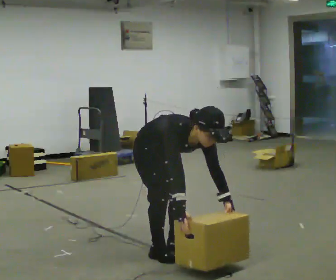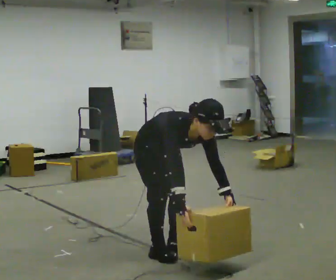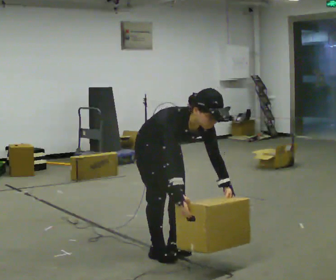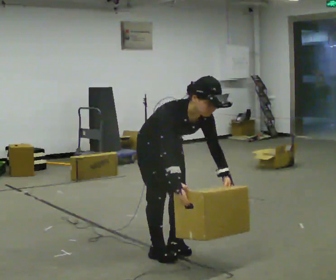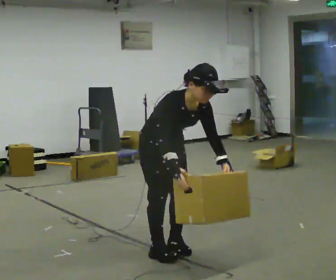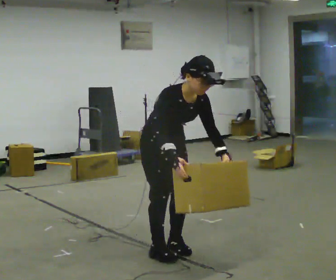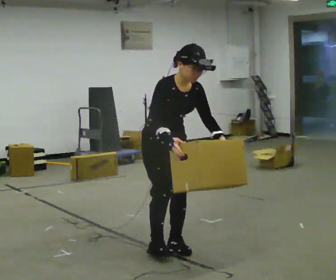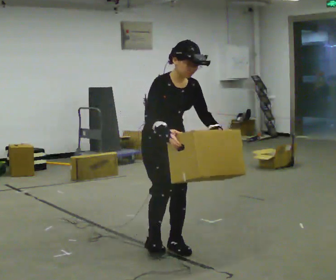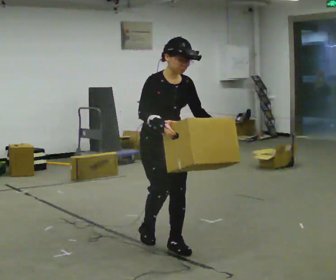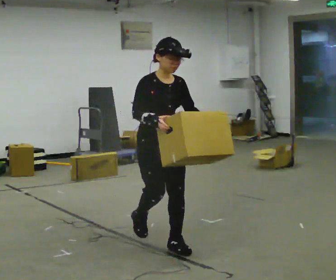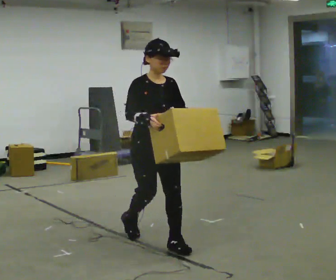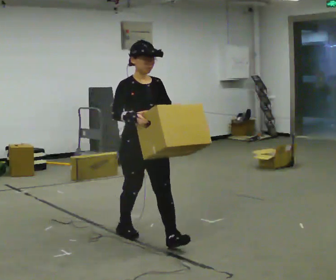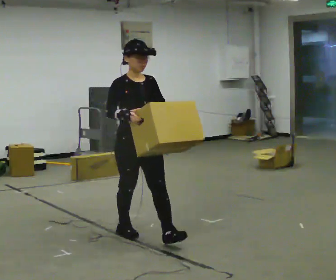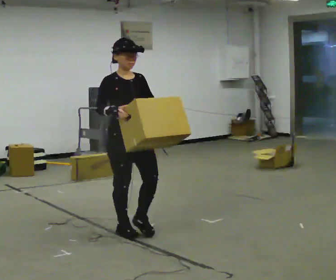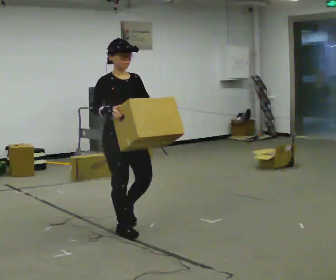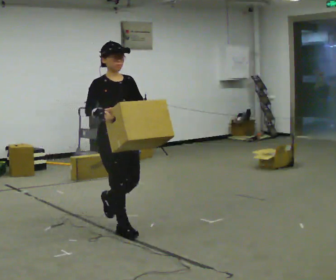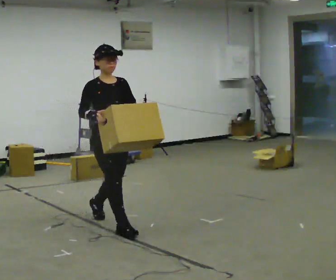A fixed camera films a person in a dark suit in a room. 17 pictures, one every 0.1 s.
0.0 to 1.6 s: In the picture they go away from the camera and to the left, about 1 m in 2 steps, which for them is backward. The upper body goes upward. In the picture the upper body tilts counterclockwise, shoulders to the left, as they lean back or straighten. In the picture their left hand goes upward.
The film runs backward here.
